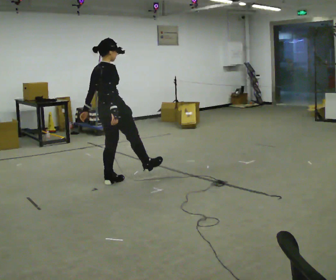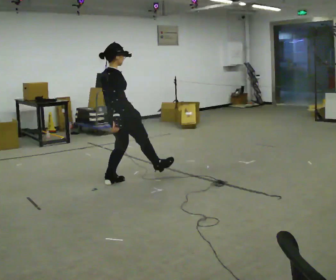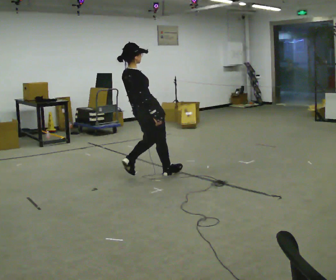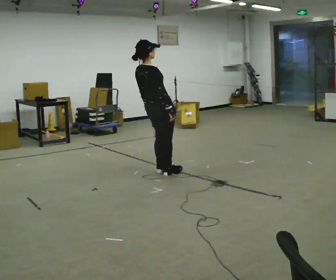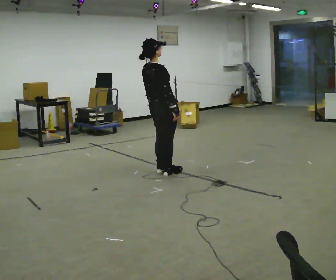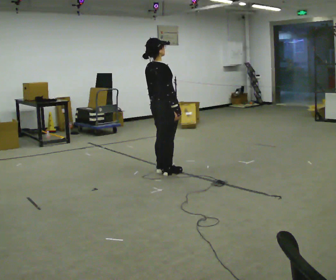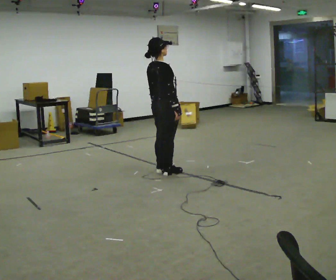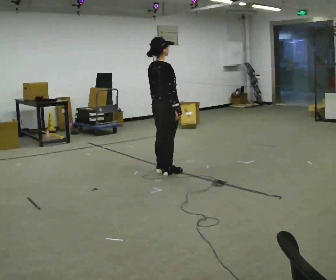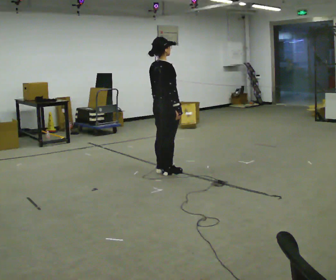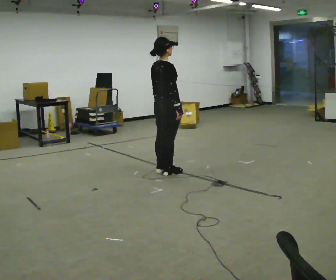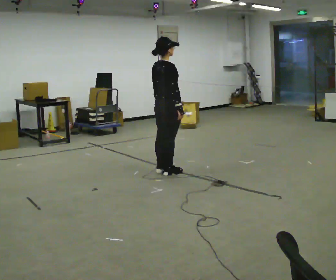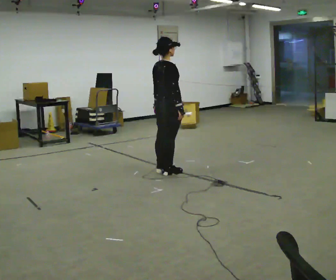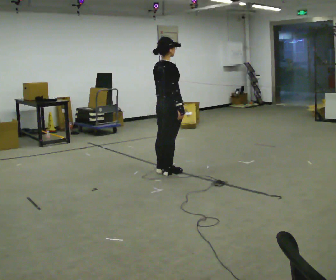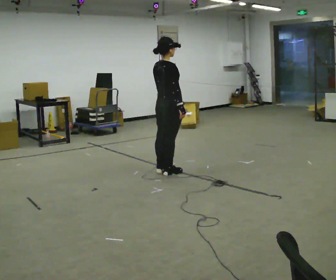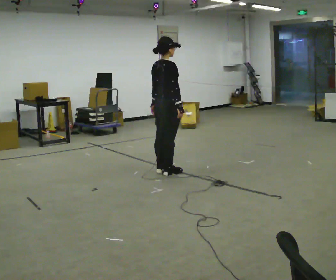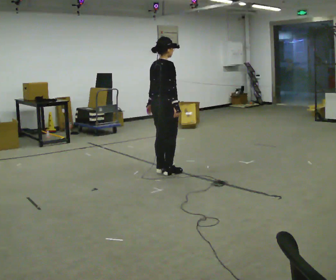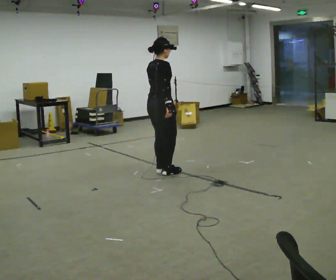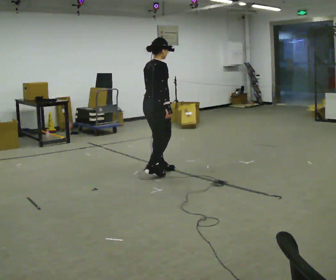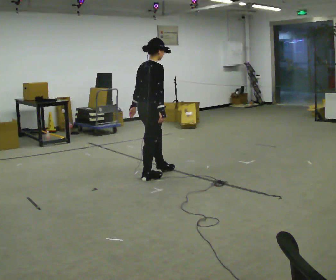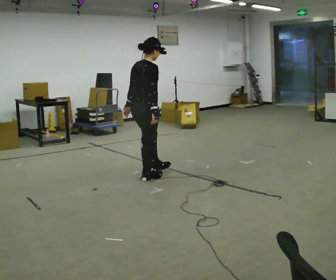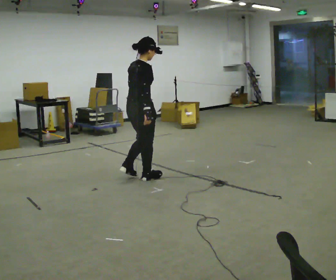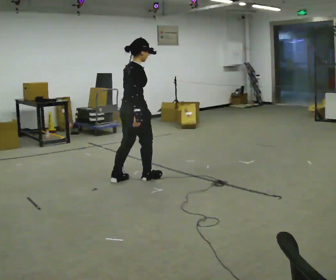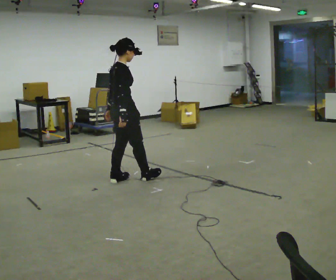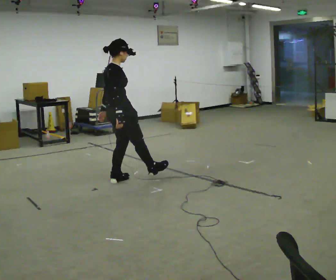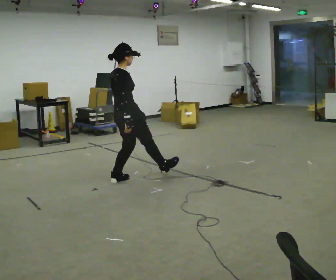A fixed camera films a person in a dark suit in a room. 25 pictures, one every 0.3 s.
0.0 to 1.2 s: In the picture they go to the right and away from the camera, about 0.75 m in 1 step, which for them is forward. The upper body tips toward the camera, its near side rolling downward.
1.2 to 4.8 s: The upper body tips away from the camera, its near side rolling upward, as they bend forward.
4.8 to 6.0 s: In the picture they go toward the camera and to the left, about 0.25 m in 2 steps, which for them is backward and to their right.
6.0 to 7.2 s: In the picture they go to the left, about 0.25 m in 1 step, which for them is backward.
The film runs backward here.
